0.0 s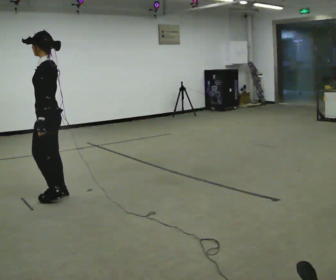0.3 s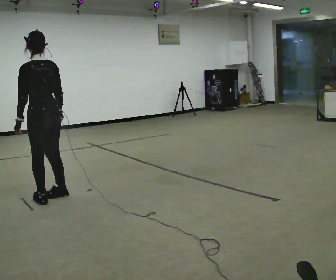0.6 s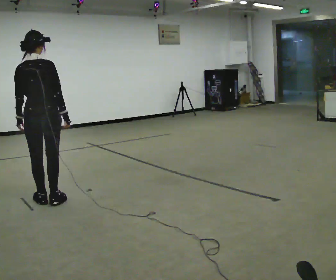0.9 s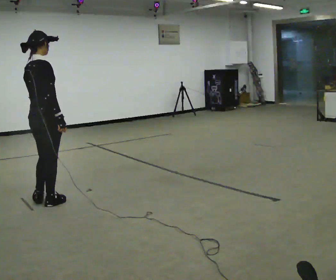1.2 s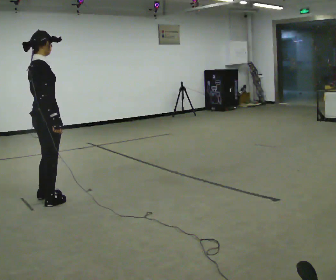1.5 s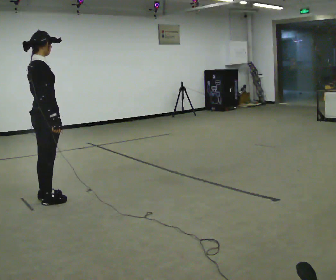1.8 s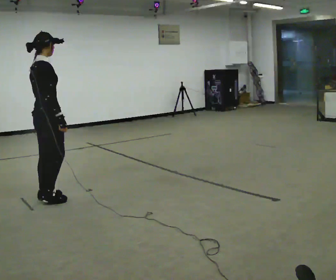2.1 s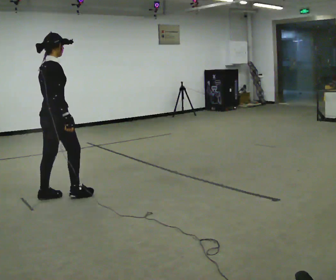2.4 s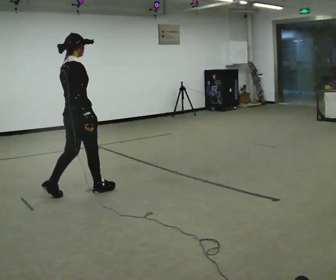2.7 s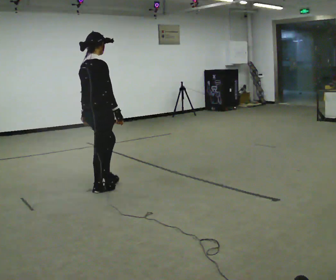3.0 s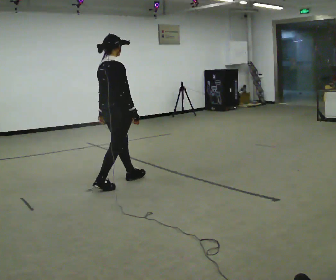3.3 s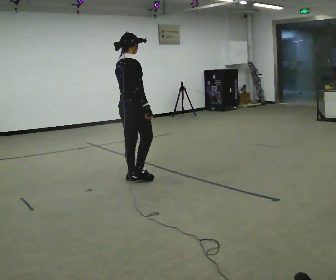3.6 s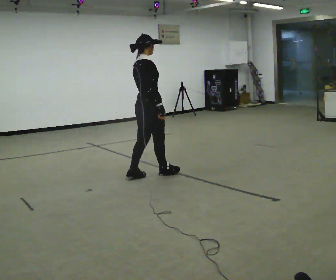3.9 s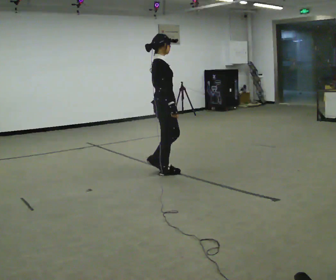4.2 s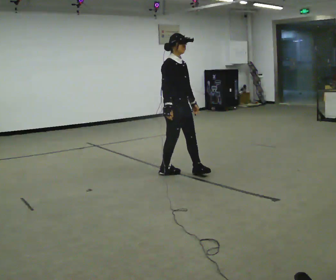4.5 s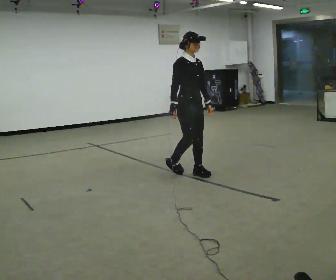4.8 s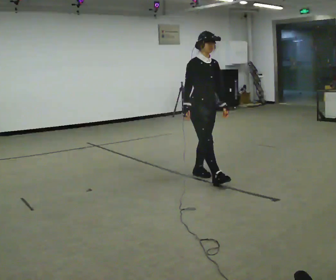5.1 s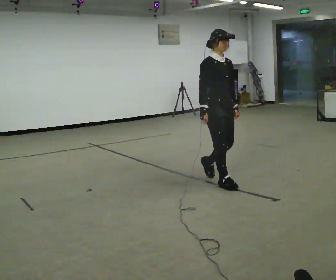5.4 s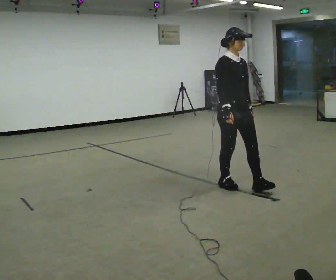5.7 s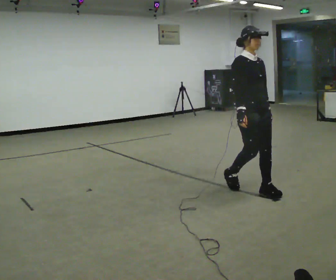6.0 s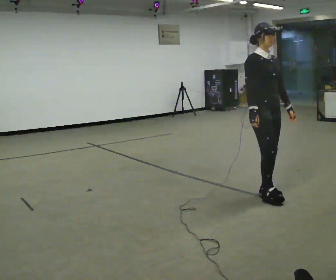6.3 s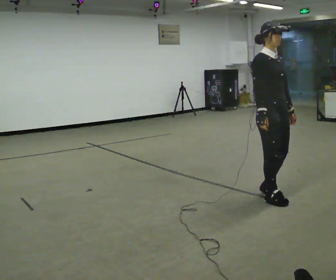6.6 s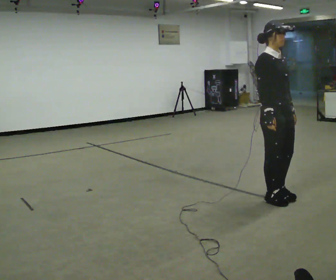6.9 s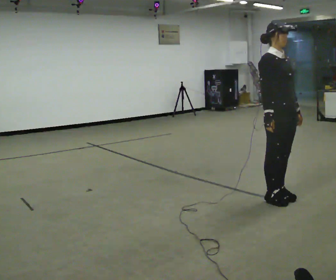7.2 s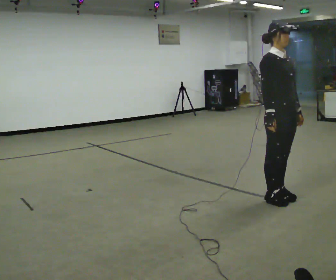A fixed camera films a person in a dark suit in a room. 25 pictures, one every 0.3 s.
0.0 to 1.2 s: The person turns about 150 degrees to their right, clockwise seen from above, so the part of the body nearest the lens slides to the left.
1.2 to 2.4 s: In the picture they go to the right and away from the camera, about 0.5 m in 1 step, which for them is forward.
2.4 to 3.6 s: In the picture they go to the right and away from the camera, about 1 m in 2 steps, which for them is forward.
3.6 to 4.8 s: Seen from above the body turns clockwise, about 75 degrees: to their right, with its near side sliding to the left. In the picture they go to the right, about 0.5 m in 1 step.
4.8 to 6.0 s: In the picture they go toward the camera and to the right, about 1 m in 2 steps, which for them is forward.
6.0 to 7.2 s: In the picture they go toward the camera, about 0.25 m in 2 steps, which for them is forward.
The film runs forward here.
